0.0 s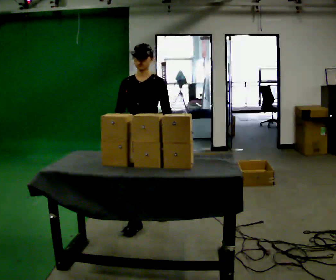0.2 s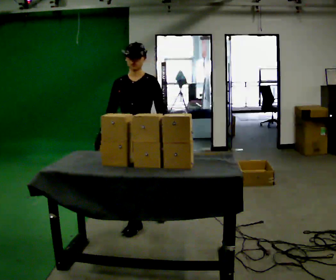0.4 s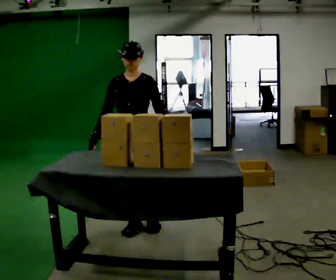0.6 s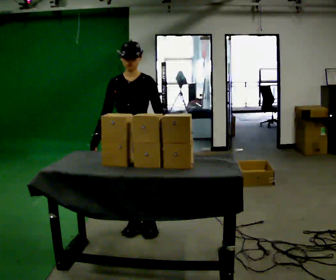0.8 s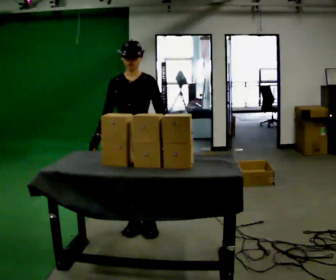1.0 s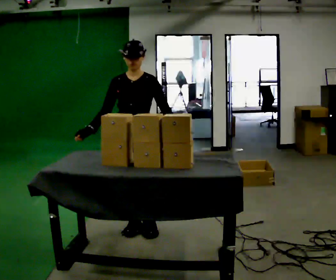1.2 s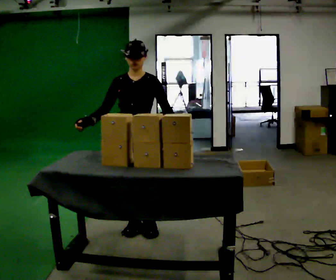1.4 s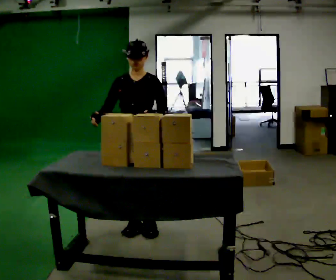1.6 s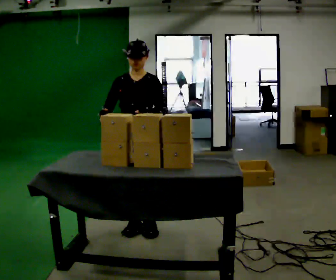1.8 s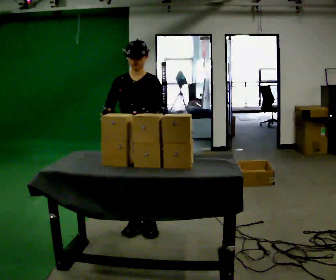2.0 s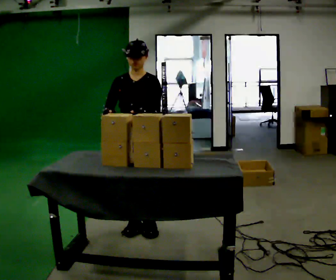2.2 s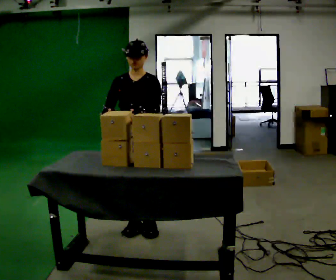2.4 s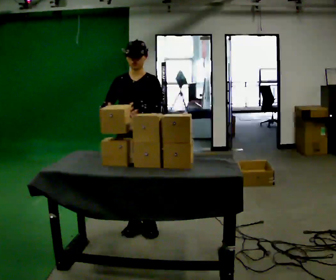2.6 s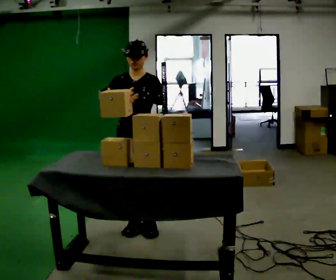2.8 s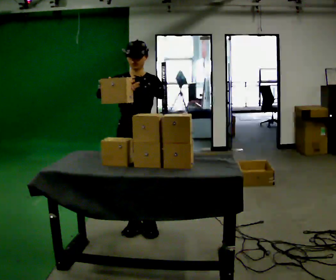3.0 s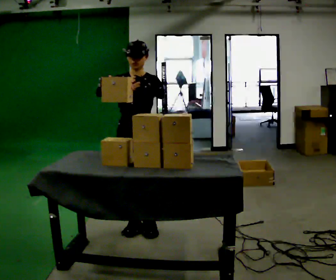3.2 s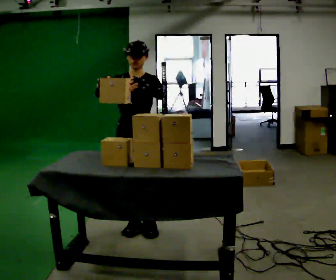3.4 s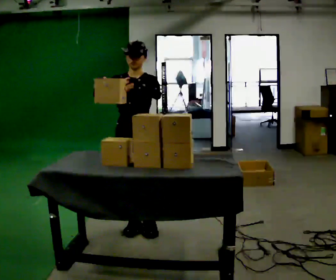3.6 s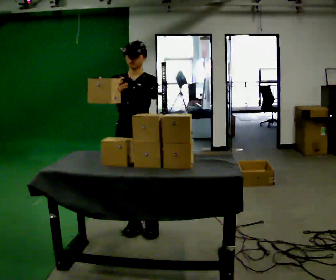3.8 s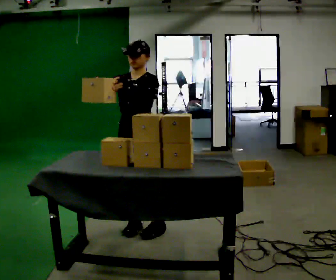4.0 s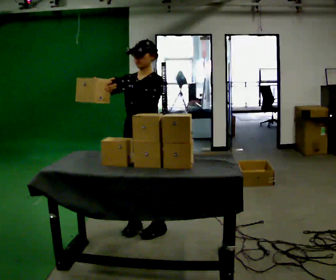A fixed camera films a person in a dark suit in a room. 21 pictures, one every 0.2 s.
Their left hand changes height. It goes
upward.
Their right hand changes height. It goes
upward.
0.0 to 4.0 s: In the picture they go toward the camera, about 0.25 m in 1 step, which for them is forward. In the picture their left hand goes upward and to the left.
The film runs forward here.
